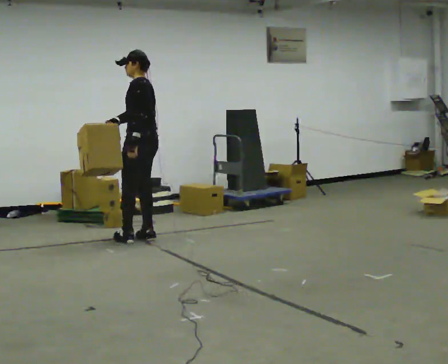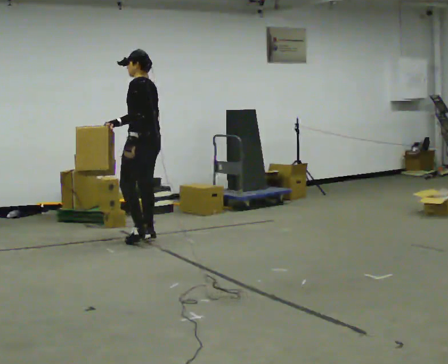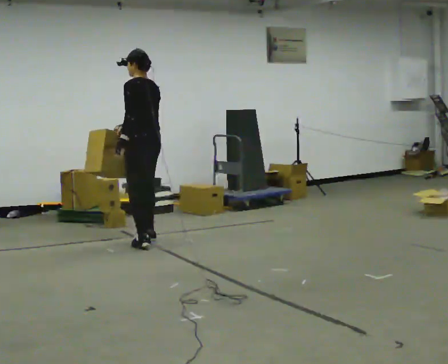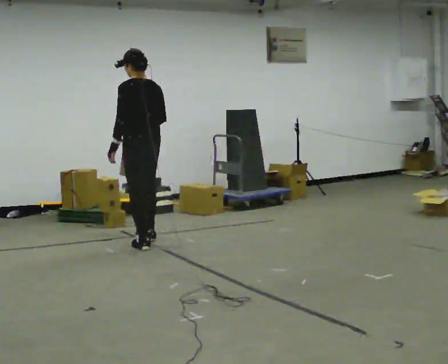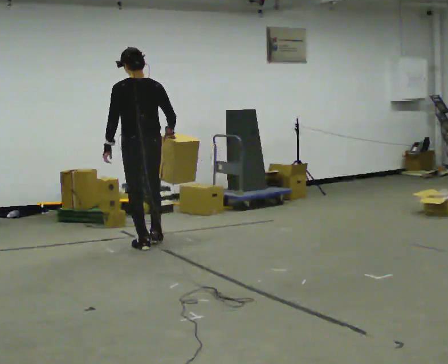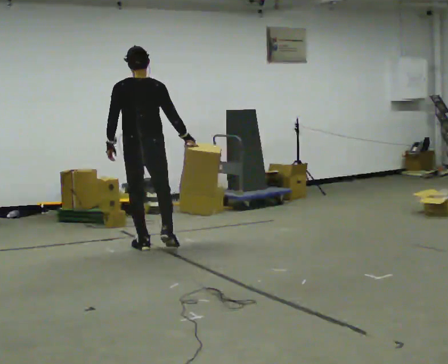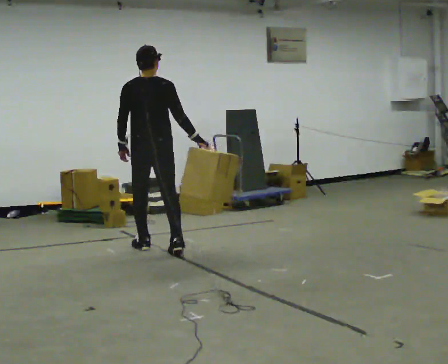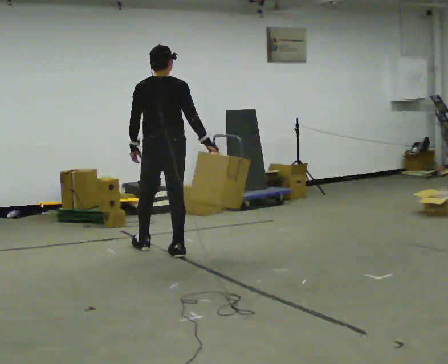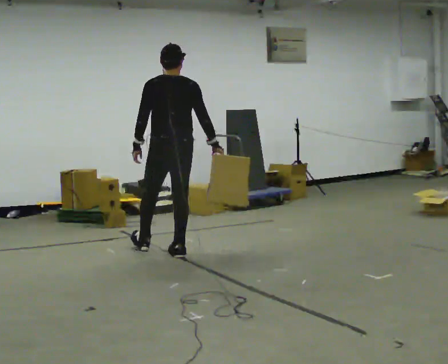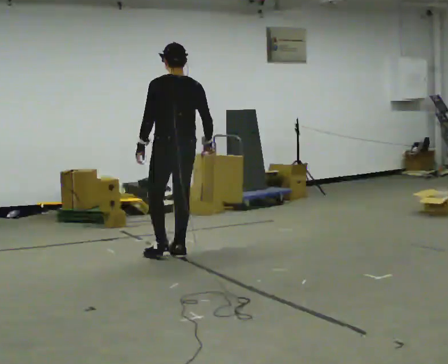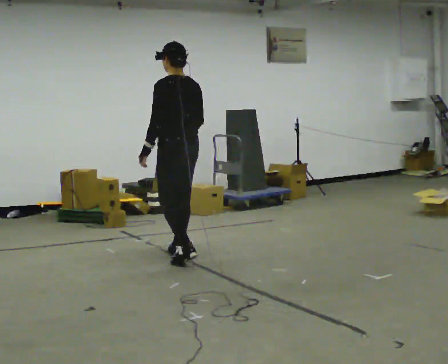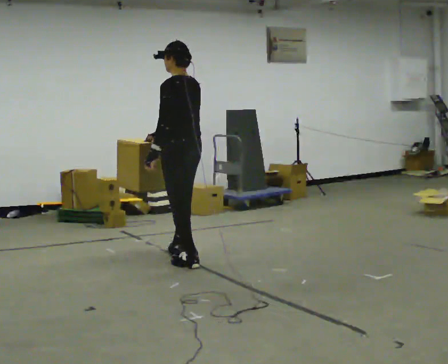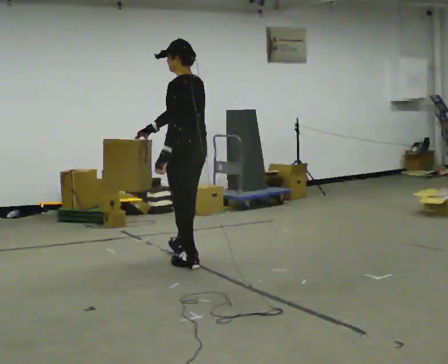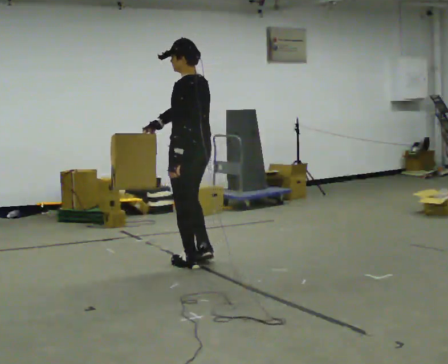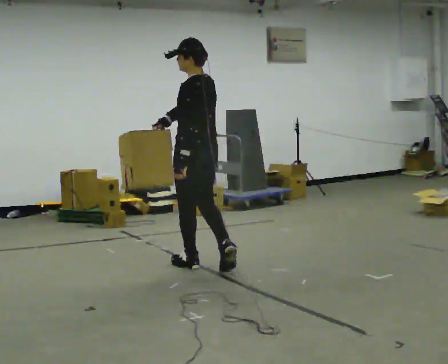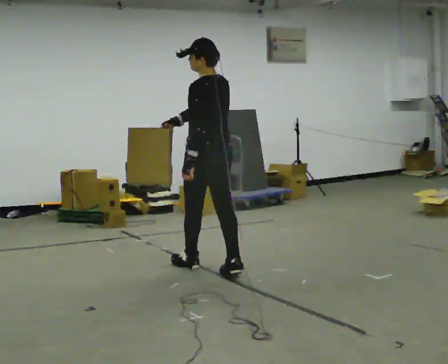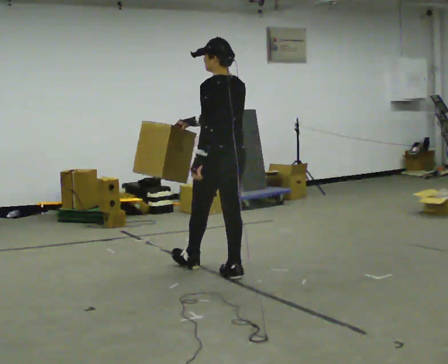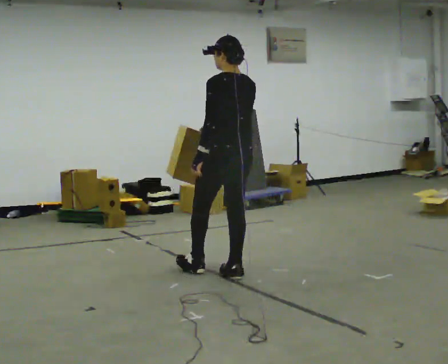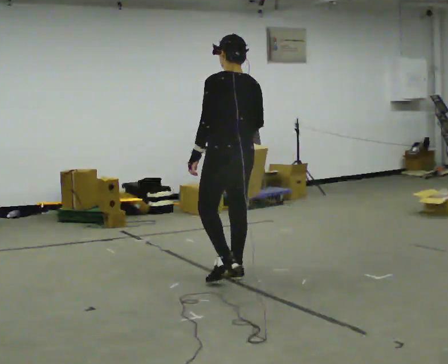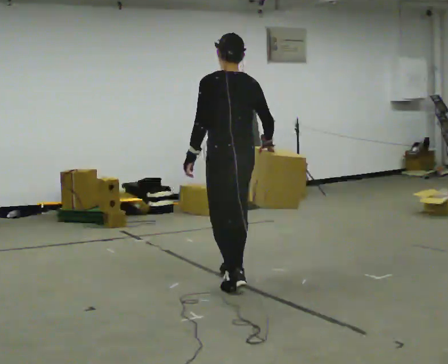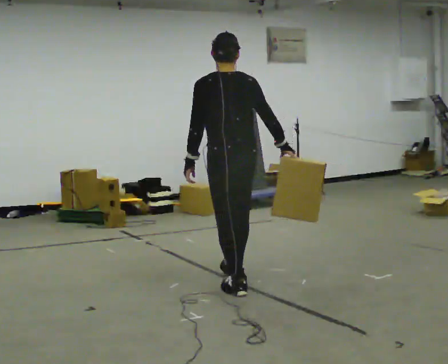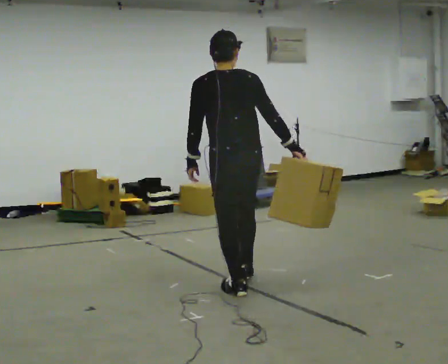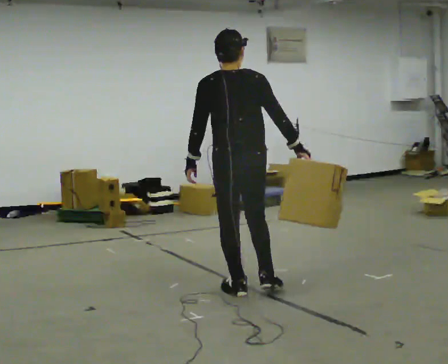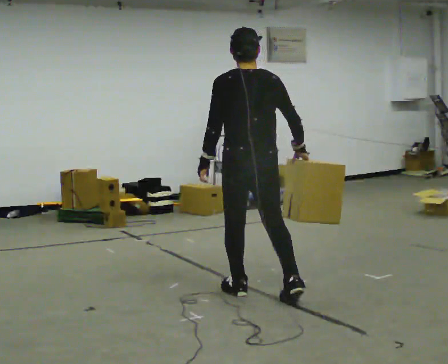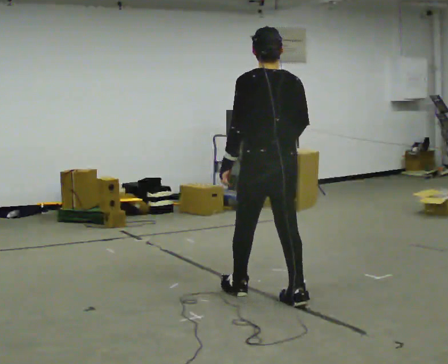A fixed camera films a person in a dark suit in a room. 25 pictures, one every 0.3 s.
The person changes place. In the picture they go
toward the camera.
0.0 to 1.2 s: Seen from above the body turns clockwise, about 45 degrees: to their right, with its near side sliding to the left. In the picture they go toward the camera, about 0.25 m in 2 steps, which for them is to their left and backward.
1.2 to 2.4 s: In the picture they go toward the camera and to the right, about 0.5 m in 1 step, which for them is to their right and backward.
2.4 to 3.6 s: The person turns about 45 degrees to their left, counterclockwise seen from above, so the part of the body nearest the lens slides to the right. In the picture they go toward the camera, about 0.25 m in 1 step, which for them is backward.
3.6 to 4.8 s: In the picture they go toward the camera and to the right, about 0.5 m, which for them is backward.
4.8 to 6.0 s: In the picture they go toward the camera, about 0.5 m in 1 step, which for them is backward.
6.0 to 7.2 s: In the picture they go toward the camera and to the right, about 0.5 m in 1 step, which for them is backward and to their right.
The film runs backward here.
